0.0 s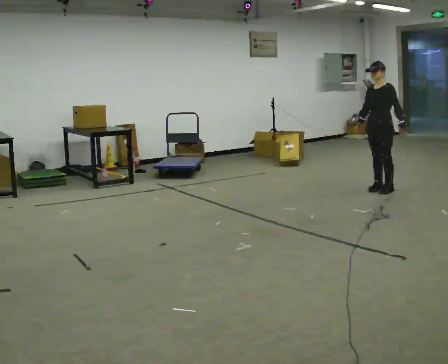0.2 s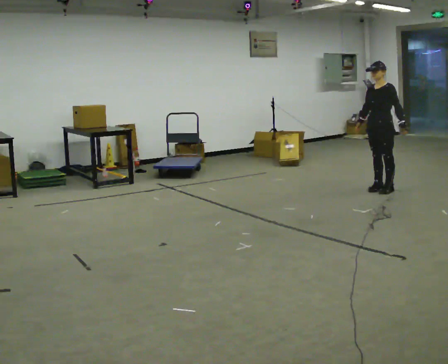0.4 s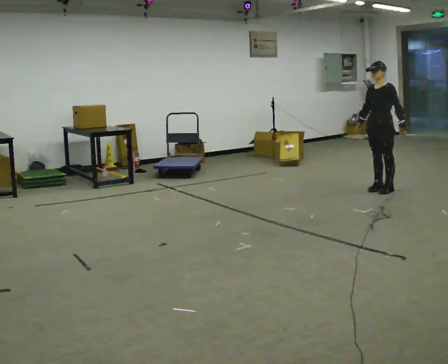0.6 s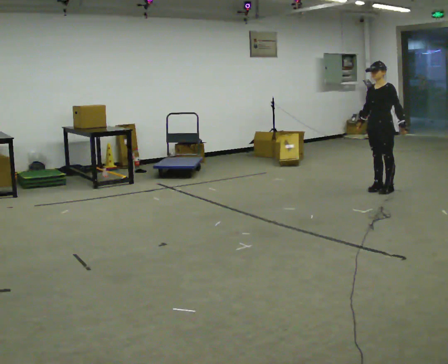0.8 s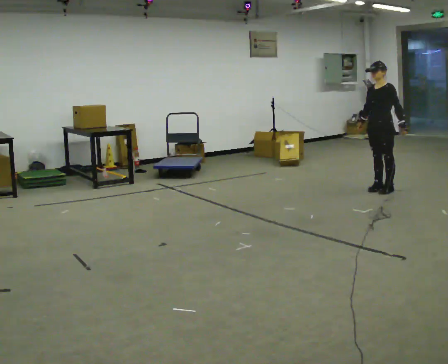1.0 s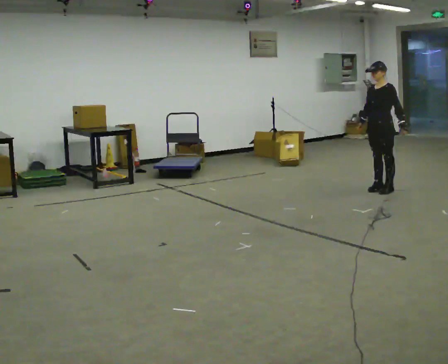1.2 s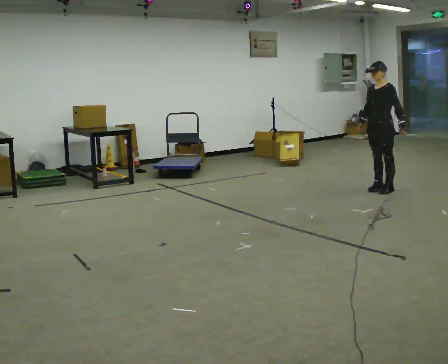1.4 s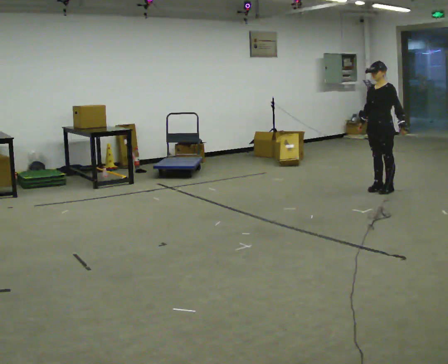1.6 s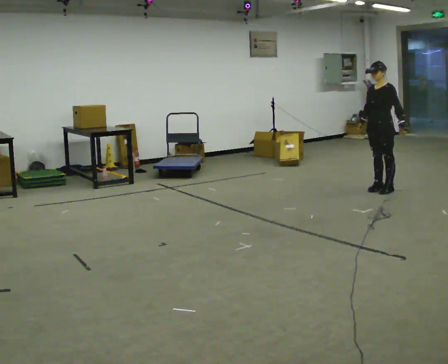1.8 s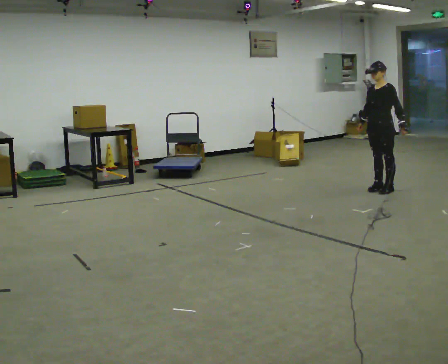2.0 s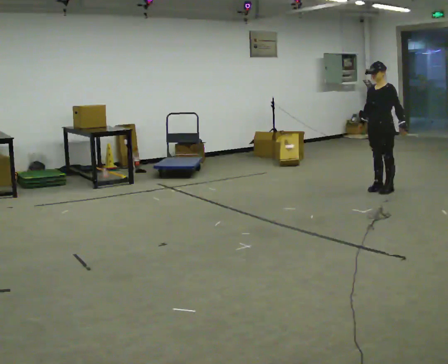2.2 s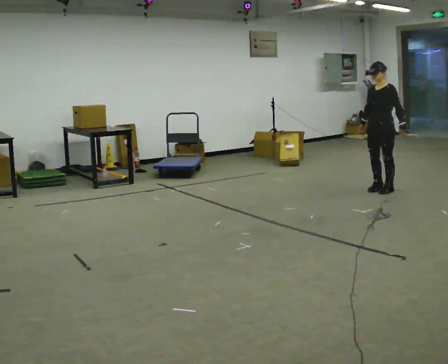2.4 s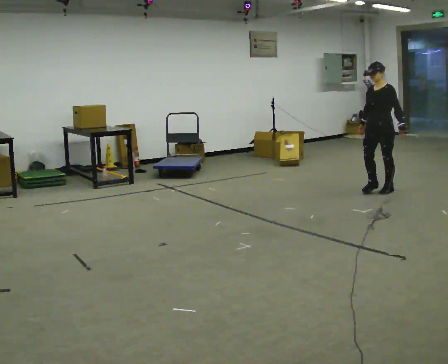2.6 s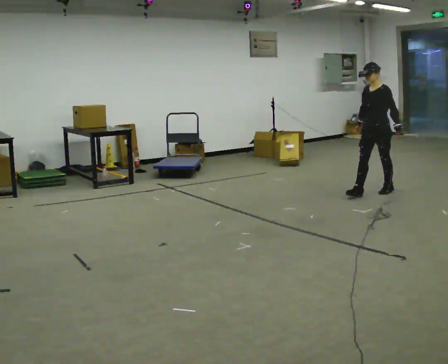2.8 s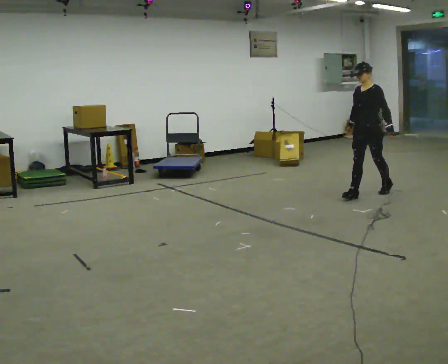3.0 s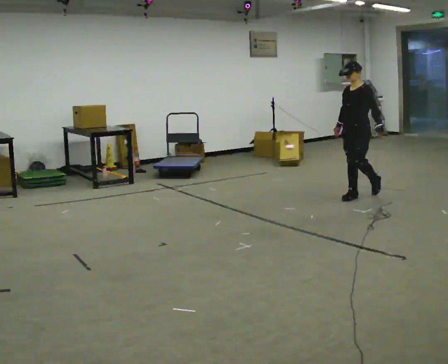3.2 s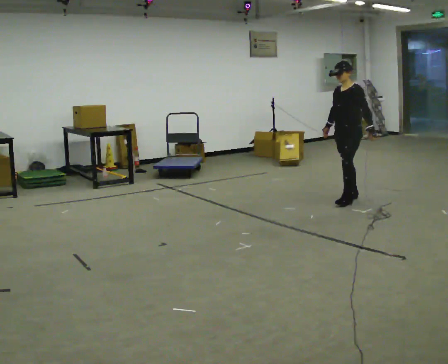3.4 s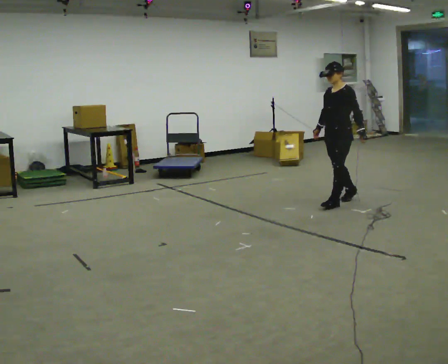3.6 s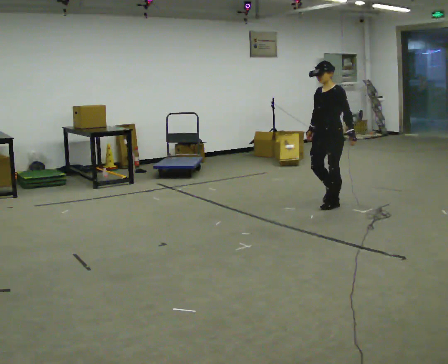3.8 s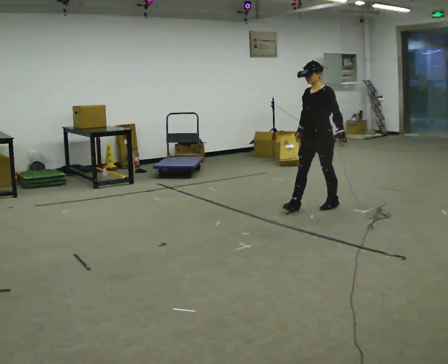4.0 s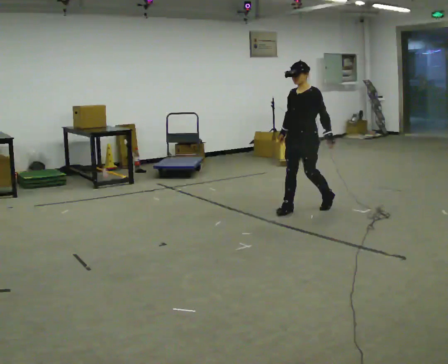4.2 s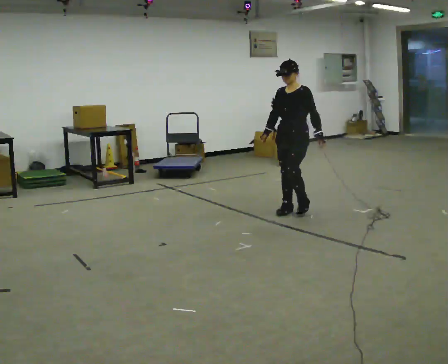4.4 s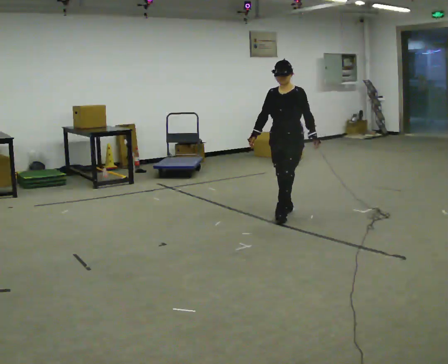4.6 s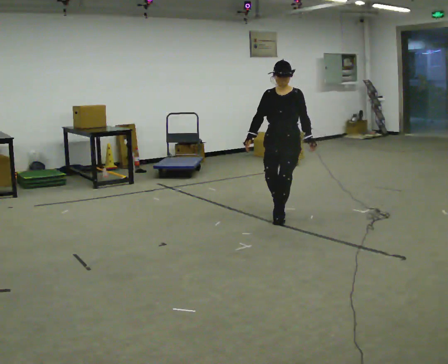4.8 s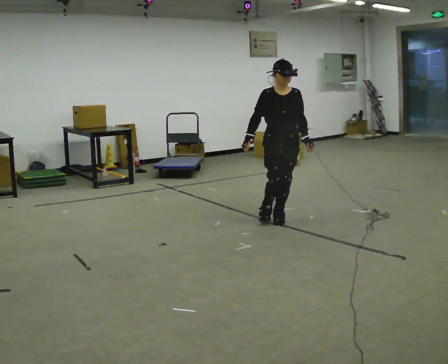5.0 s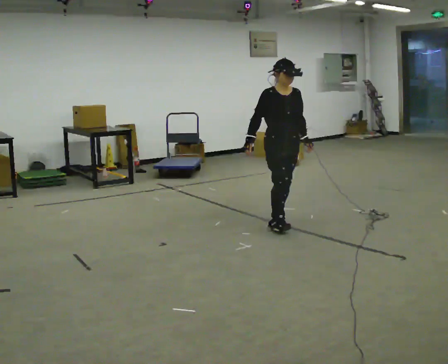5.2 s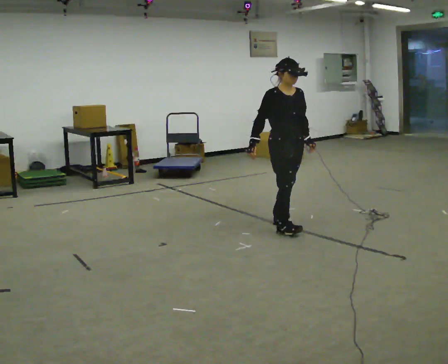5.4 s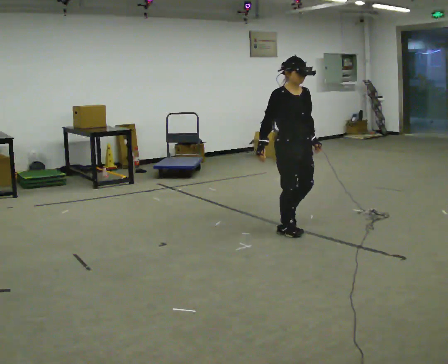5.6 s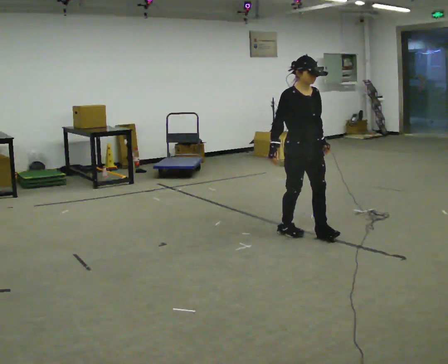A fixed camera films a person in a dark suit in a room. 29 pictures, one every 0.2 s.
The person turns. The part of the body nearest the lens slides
to the right.
The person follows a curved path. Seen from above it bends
counterclockwise.
0.0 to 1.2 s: The person keeps their place and pose.
1.2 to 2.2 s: The person moves a little, or ends about where they began.
2.2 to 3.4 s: In the picture they go toward the camera and to the left, about 0.5 m in 2 steps, which for them is forward.
3.4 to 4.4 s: The person turns about 30 degrees to their left, counterclockwise seen from above, so the part of the body nearest the lens slides to the right. In the picture they go toward the camera and to the left, about 0.75 m in 1 step, which for them is forward.
4.4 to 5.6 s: The part of the body nearest the lens slides to the right as the person turns to their left by about 60 degrees. In the picture they go toward the camera, about 0.75 m in 2 steps.
The film runs forward here.
